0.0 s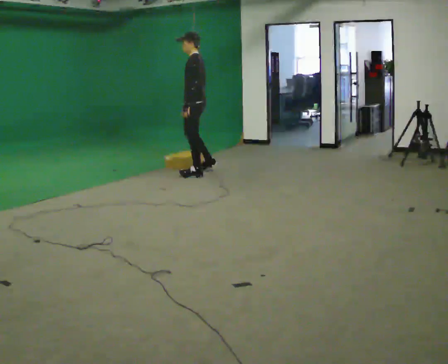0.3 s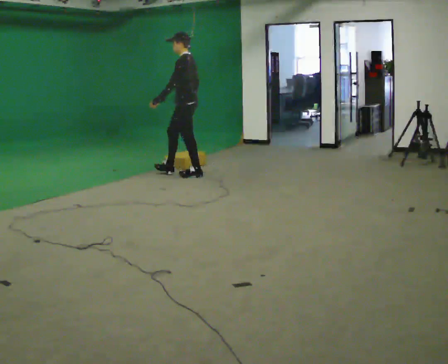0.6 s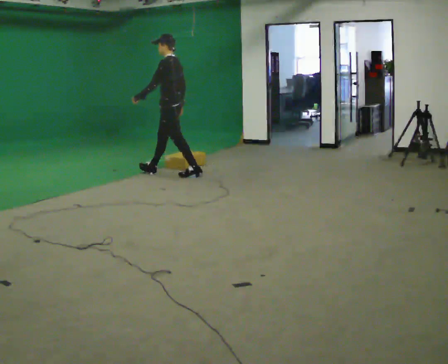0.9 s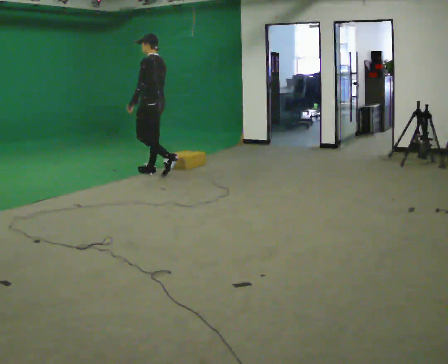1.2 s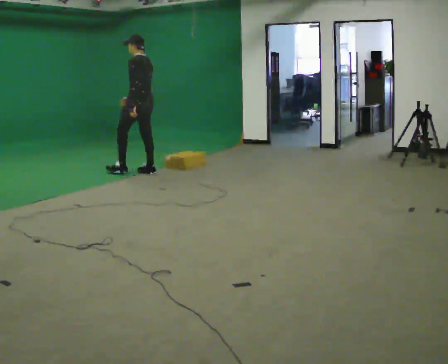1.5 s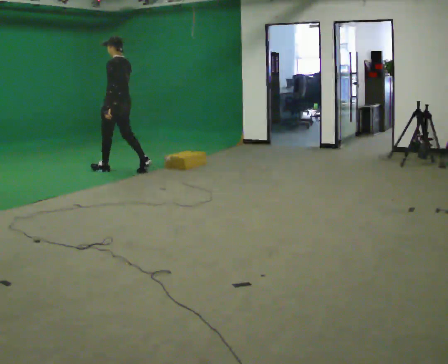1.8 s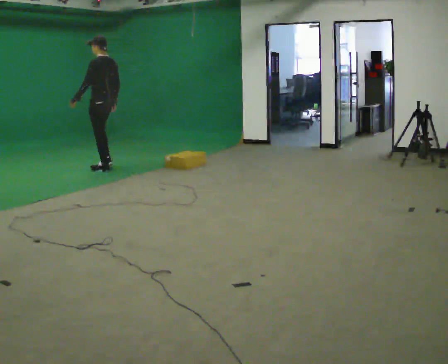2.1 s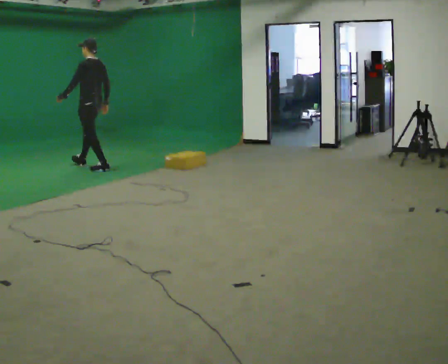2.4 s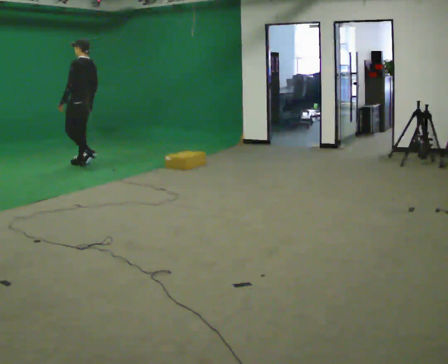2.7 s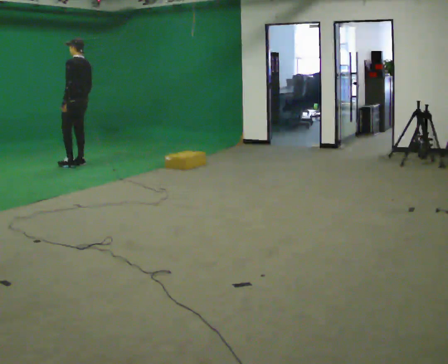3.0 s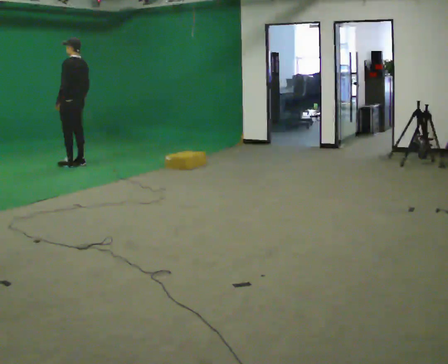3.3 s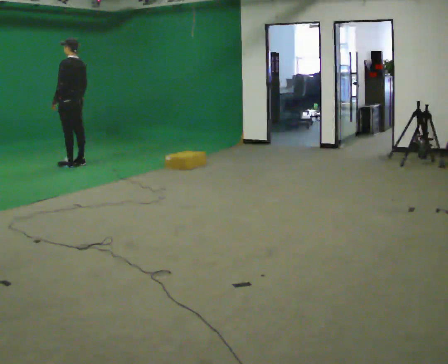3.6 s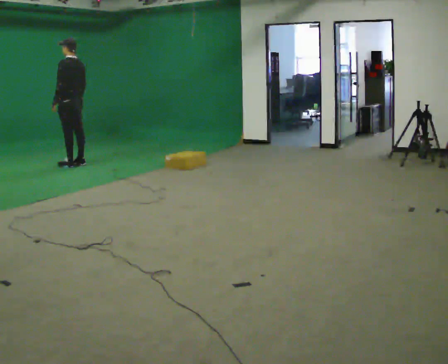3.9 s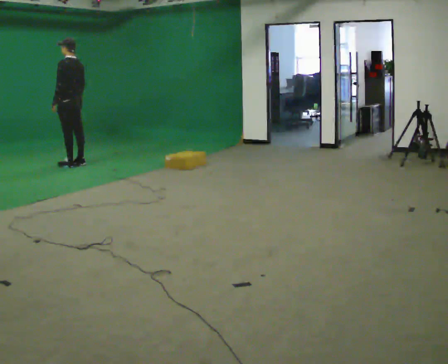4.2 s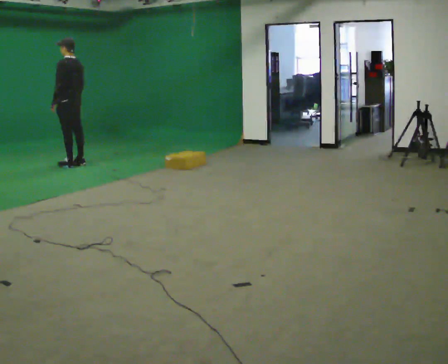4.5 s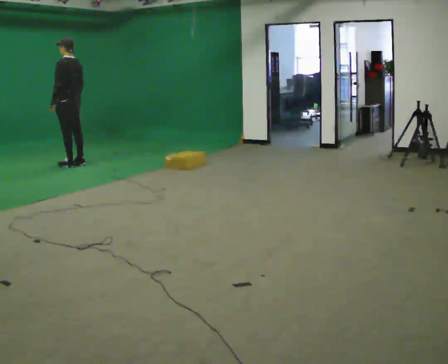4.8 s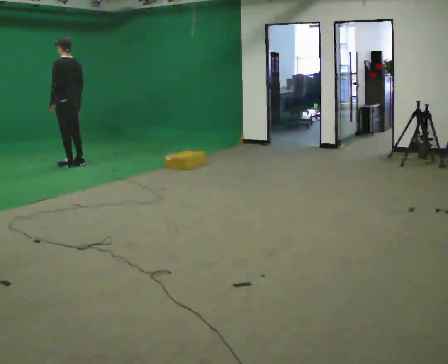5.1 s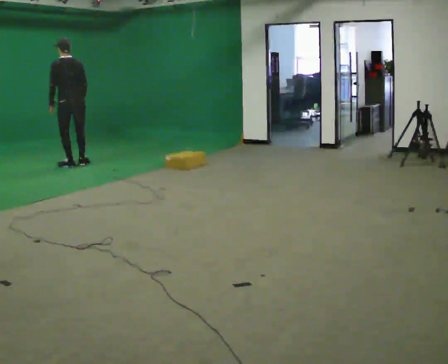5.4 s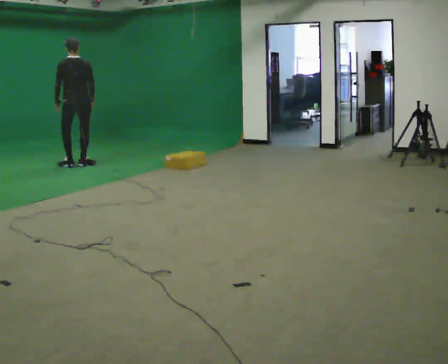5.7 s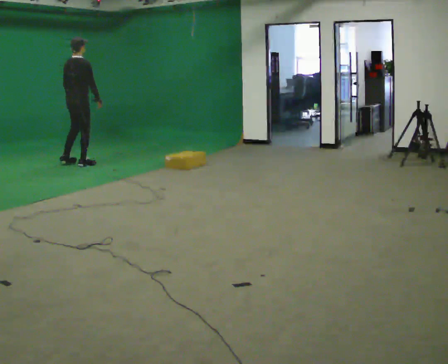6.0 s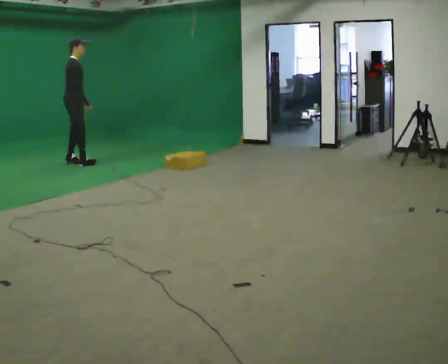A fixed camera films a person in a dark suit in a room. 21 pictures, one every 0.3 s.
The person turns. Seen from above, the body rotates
clockwise.
The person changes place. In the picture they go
to the left.
0.0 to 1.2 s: In the picture they go to the left, about 0.5 m in 1 step, which for them is forward.
1.2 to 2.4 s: In the picture they go to the left and away from the camera, about 1 m in 2 steps, which for them is forward.
2.4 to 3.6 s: In the picture they go to the left, about 0.25 m in 1 step, which for them is forward.
3.6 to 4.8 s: The person moves a little, or ends about where they began.
4.8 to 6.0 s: The part of the body nearest the lens slides to the left as the person turns to their right by about 135 degrees. In the picture their left hand goes to the right.
The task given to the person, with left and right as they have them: Start still; walk straight at normal comfortable speed; stop at endpoint.
The film runs forward here.
